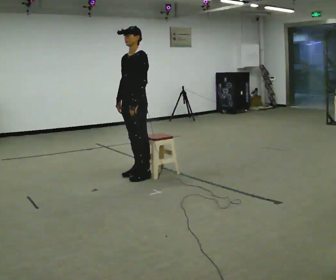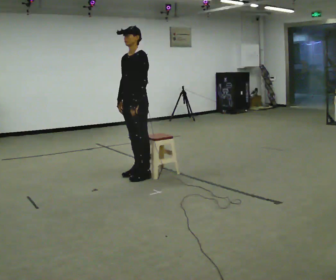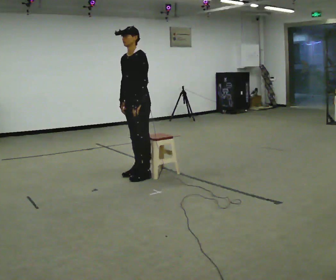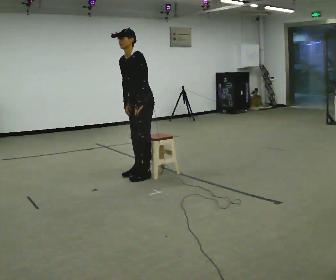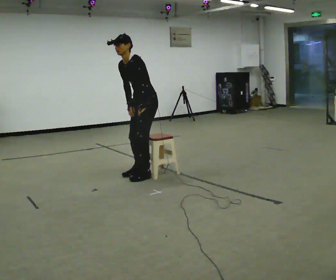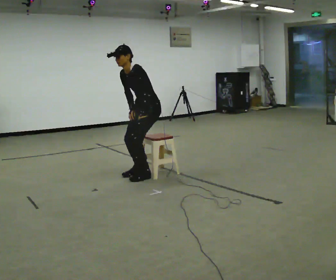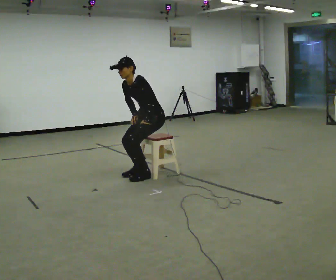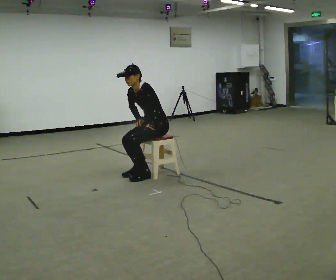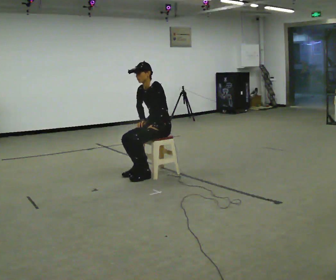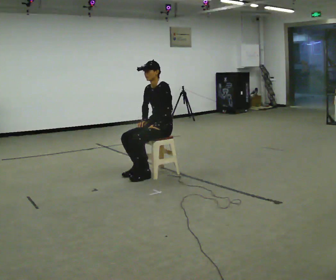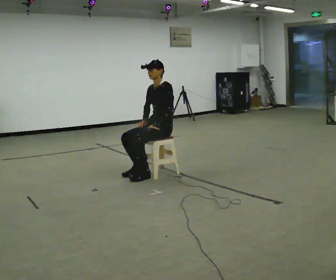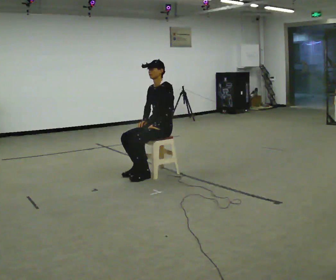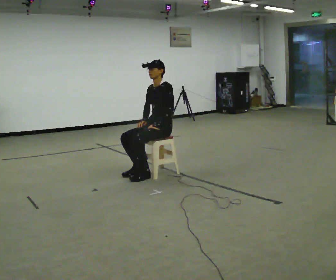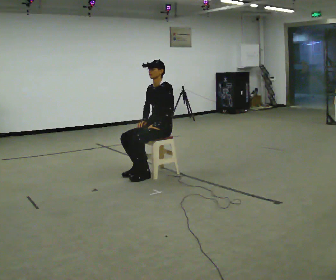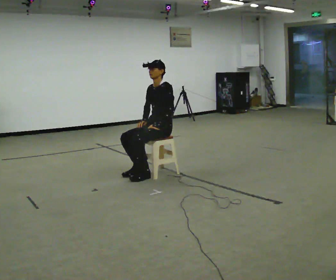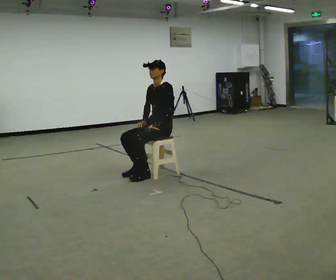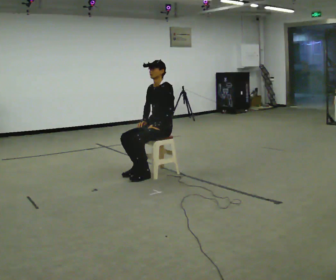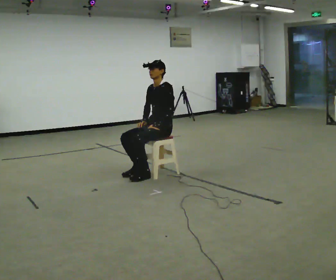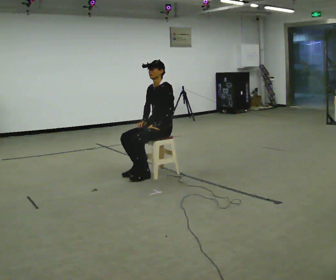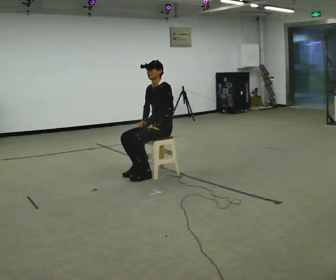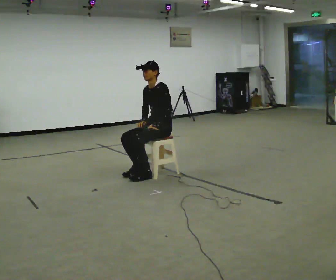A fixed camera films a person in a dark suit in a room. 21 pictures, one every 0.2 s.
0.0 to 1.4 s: In the picture they go to the right and away from the camera, about 0.25 m, which for them is backward. The upper body goes downward. In the picture the upper body tilts counterclockwise, shoulders to the left, as they bend forward.
1.4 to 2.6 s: In the picture the upper body tilts clockwise, shoulders to the right, as they lean back or straighten.
2.6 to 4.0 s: The person moves a little, or ends about where they began.
The film runs forward here.
